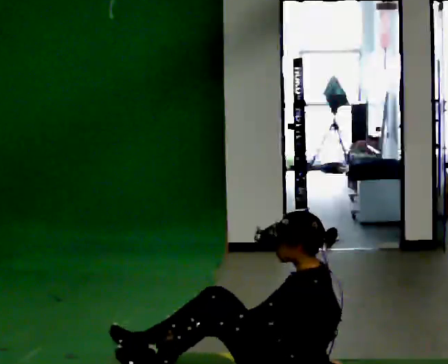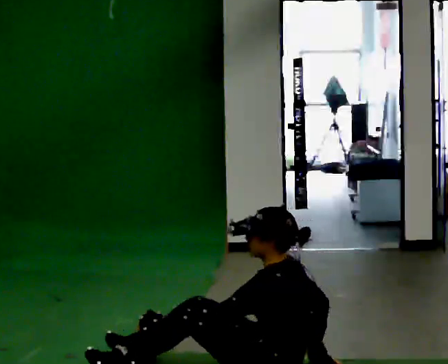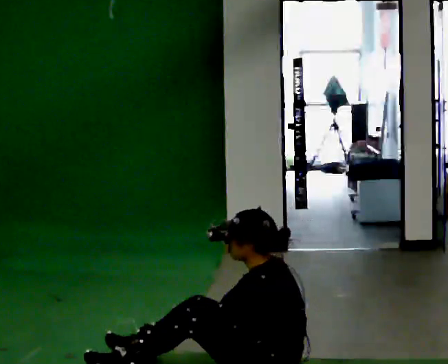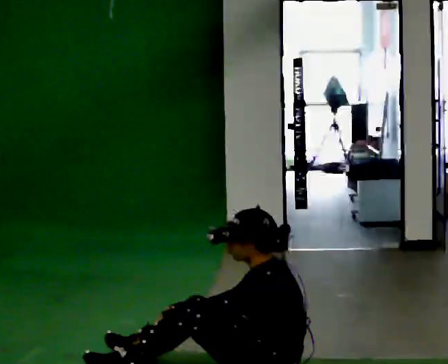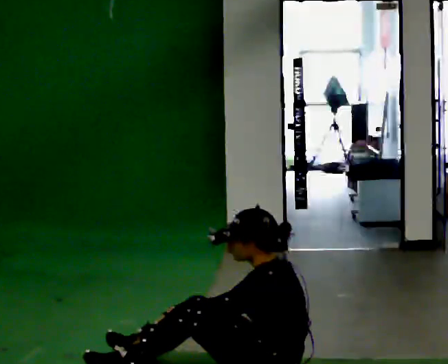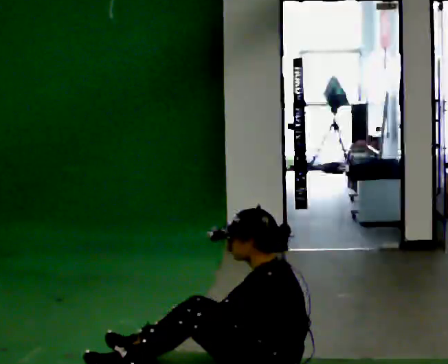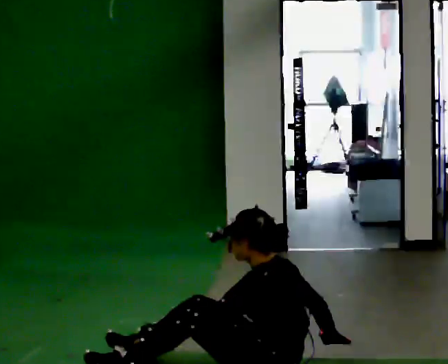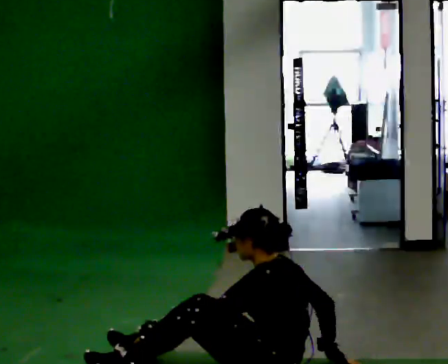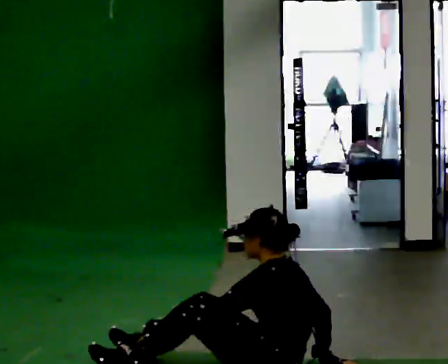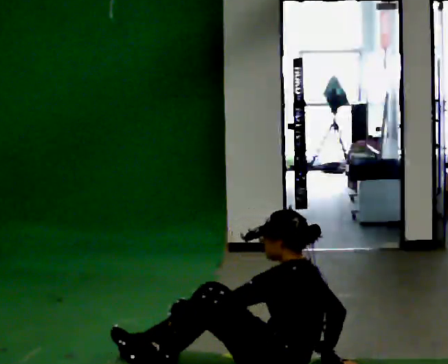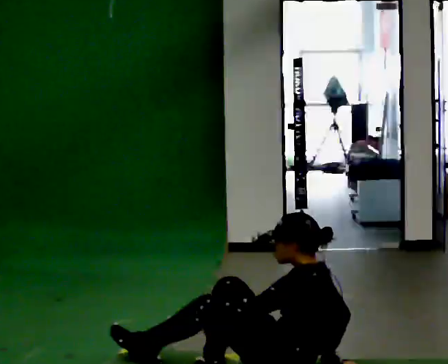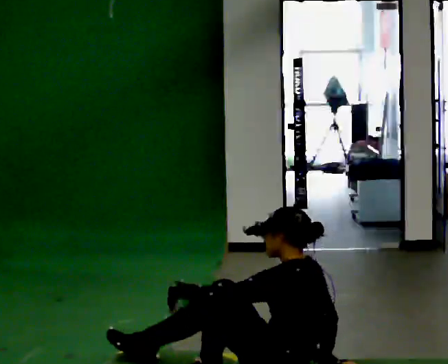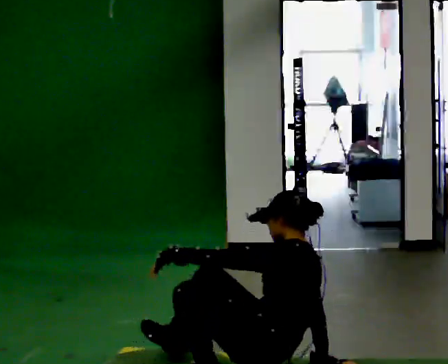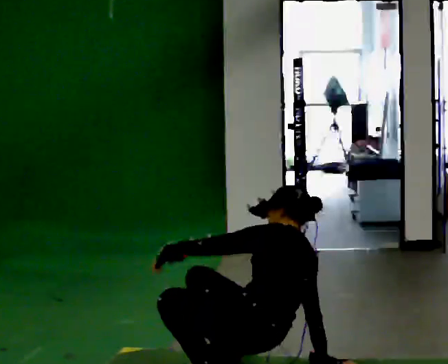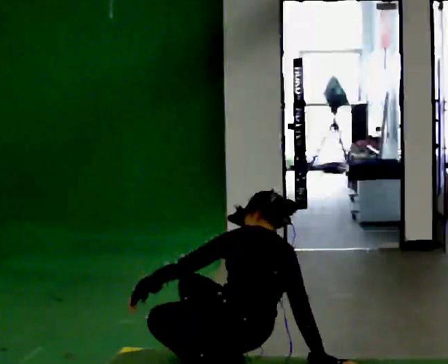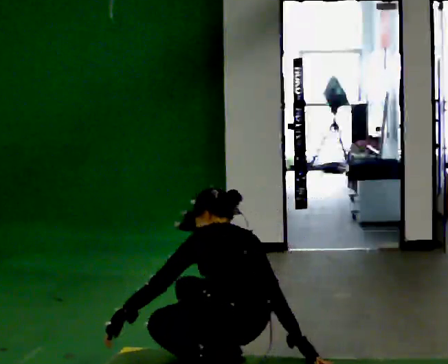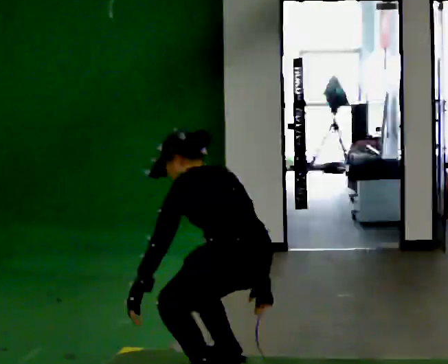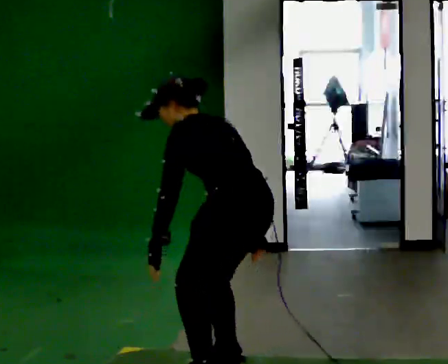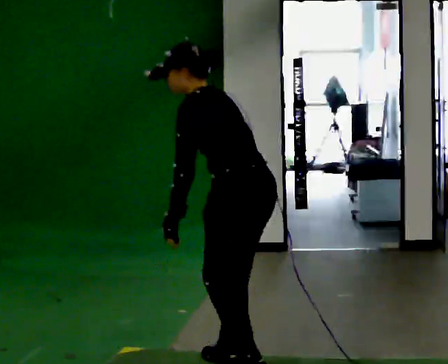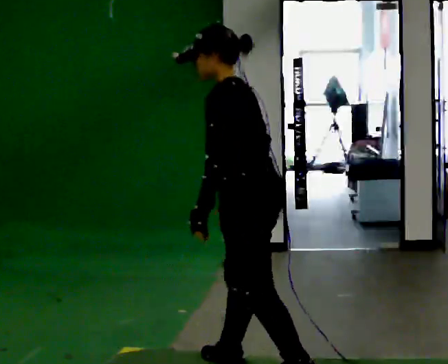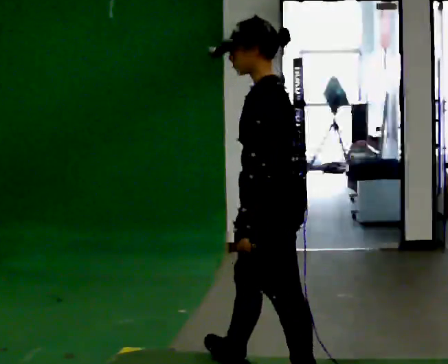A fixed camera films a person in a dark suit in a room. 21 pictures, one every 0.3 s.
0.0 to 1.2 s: In the picture the upper body tilts counterclockwise, shoulders to the left, as they bend forward. In the picture their right hand goes to the left.
1.2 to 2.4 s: In the picture their right hand goes to the right, the arm swinging counterclockwise.
2.4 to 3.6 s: The person moves a little, or ends about where they began.
3.6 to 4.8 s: The shoulders move upward. In the picture the upper body tilts counterclockwise, shoulders to the left, as they bend forward.
4.8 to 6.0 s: Seen from above the body turns counterclockwise, about 45 degrees: to their left, with its near side sliding to the right. In the picture they go to the right, about 0.25 m in 1 step, which for them is backward. The upper body goes upward. The upper body tips toward the camera, its near side rolling downward, as they lean back or straighten. In the picture their right hand goes upward.
The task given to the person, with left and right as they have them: From standing, sit down on the floor, then stand back up in whatever way is natural. Repeat the movement at your own pace until the operator says stop; do not rush.
The film runs forward here.
